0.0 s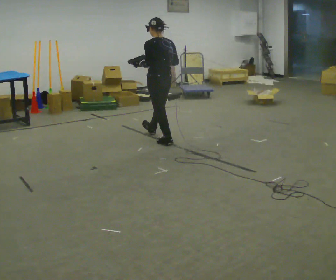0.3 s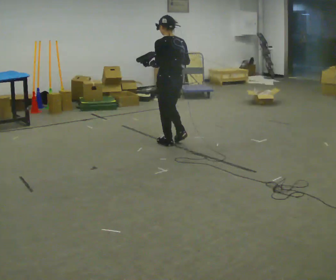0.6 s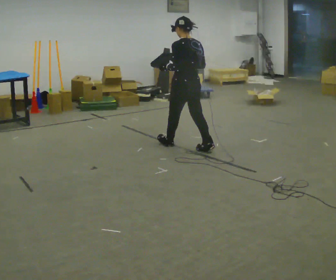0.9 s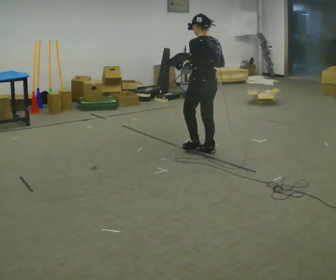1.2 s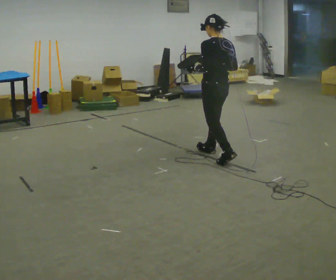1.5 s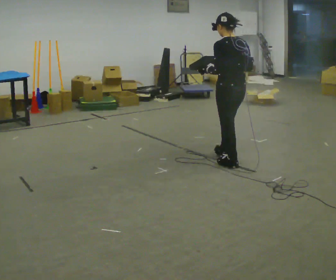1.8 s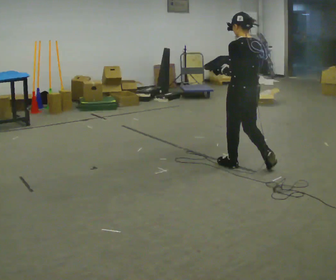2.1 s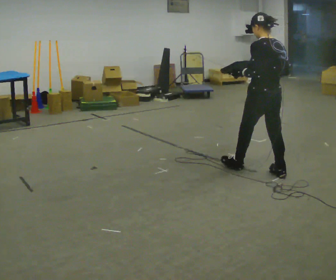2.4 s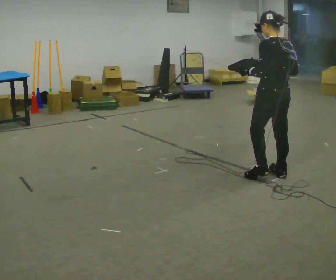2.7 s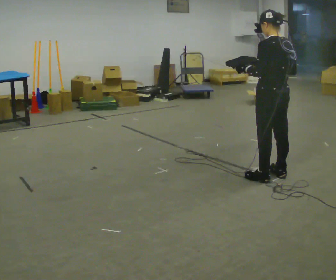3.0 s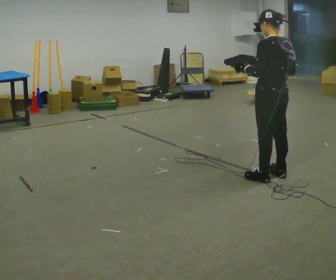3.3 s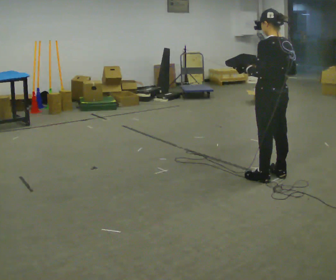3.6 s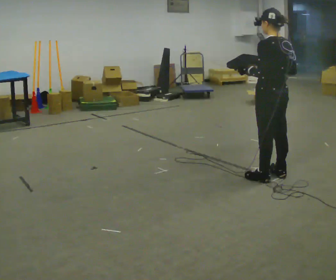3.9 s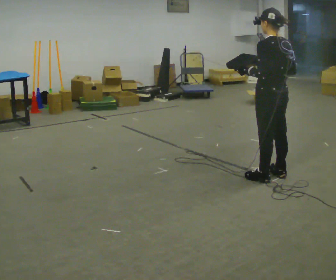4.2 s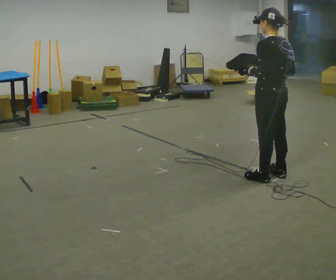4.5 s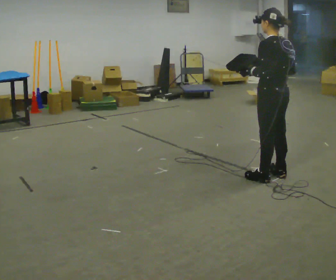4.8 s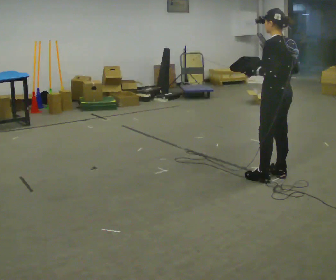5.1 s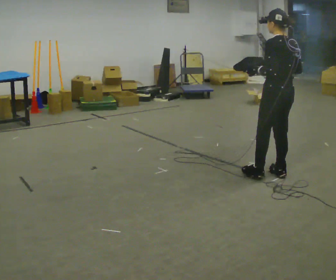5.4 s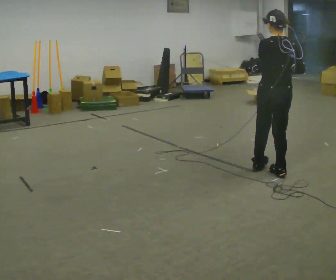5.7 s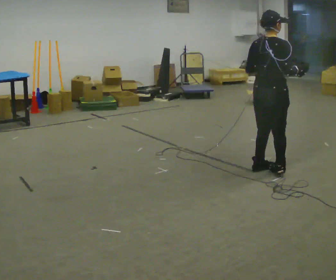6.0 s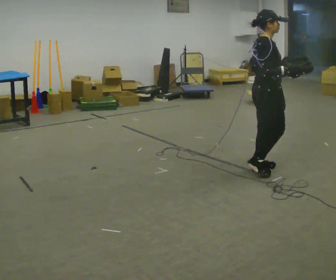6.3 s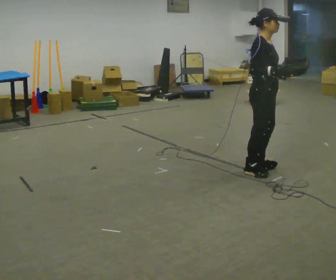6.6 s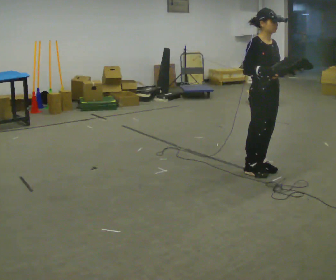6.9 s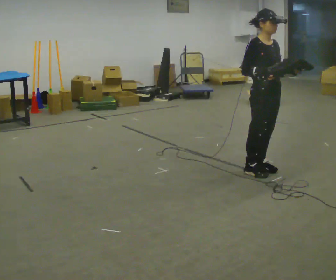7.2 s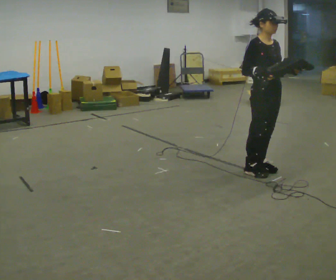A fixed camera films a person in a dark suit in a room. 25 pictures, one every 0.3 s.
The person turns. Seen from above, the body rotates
clockwise.
The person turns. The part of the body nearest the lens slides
to the left.
0.0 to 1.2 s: In the picture they go to the right and toward the camera, about 1 m in 1 step, which for them is backward.
1.2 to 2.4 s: In the picture they go toward the camera and to the right, about 1 m in 2 steps, which for them is backward.
2.4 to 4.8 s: The person moves a little, or ends about where they began.
4.8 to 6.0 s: Seen from above the body turns clockwise, about 120 degrees: to their right, with its near side sliding to the left. In the picture they go away from the camera, about 0.25 m in 2 steps.
6.0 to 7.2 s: Seen from above the body turns clockwise, about 60 degrees: to their right, with its near side sliding to the left.
The film runs backward here.
